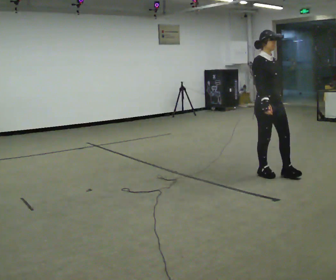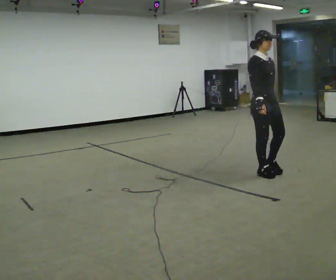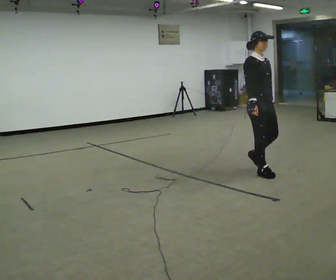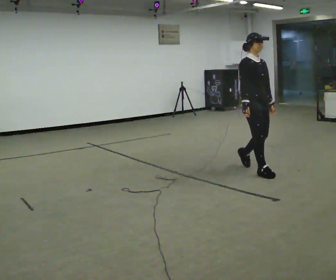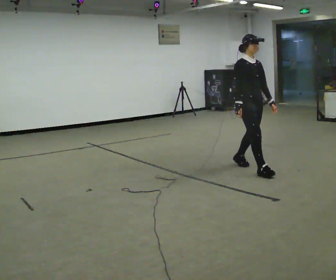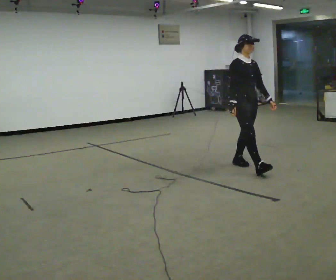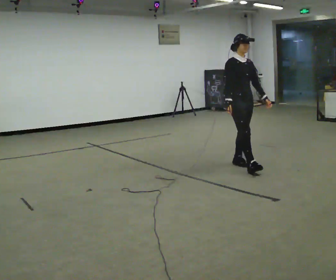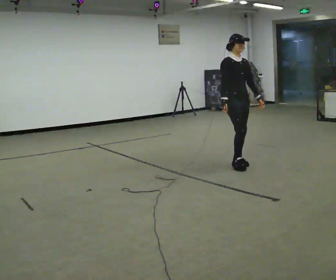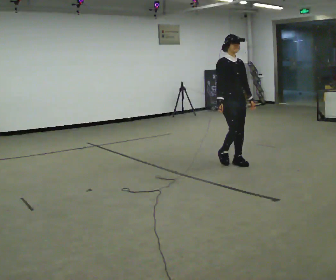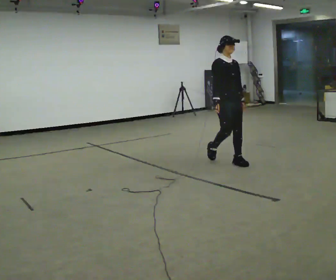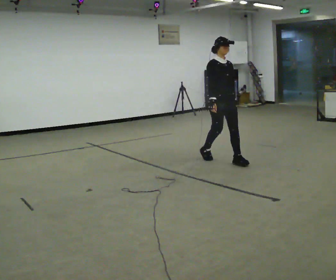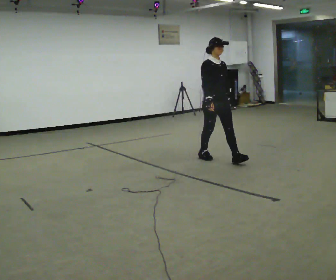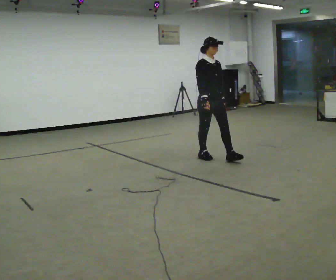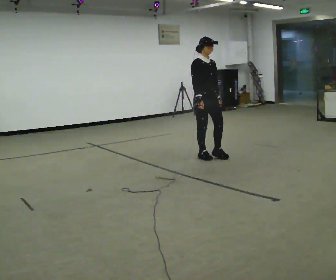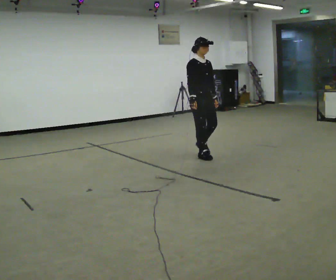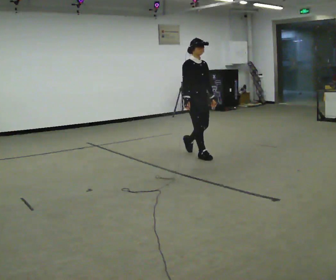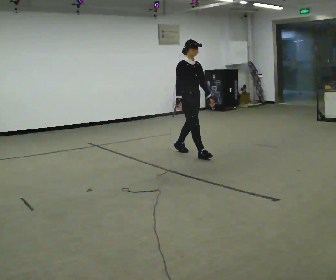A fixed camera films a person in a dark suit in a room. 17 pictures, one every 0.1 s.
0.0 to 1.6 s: In the picture they go away from the camera and to the left, about 1.5 m in 2 steps, which for them is backward.
The film runs backward here.
